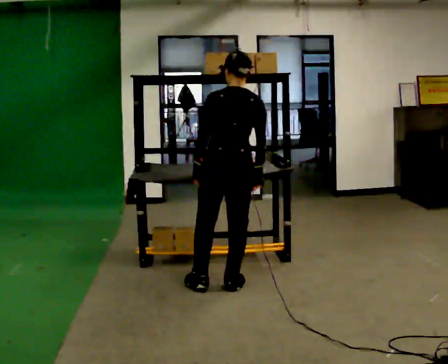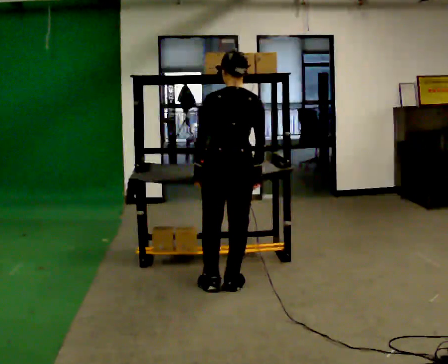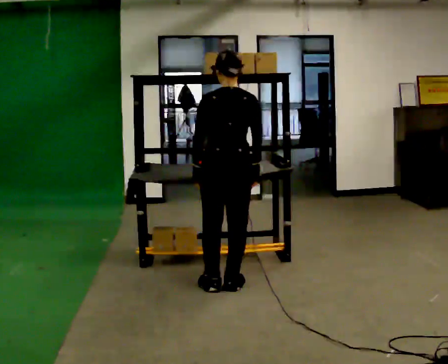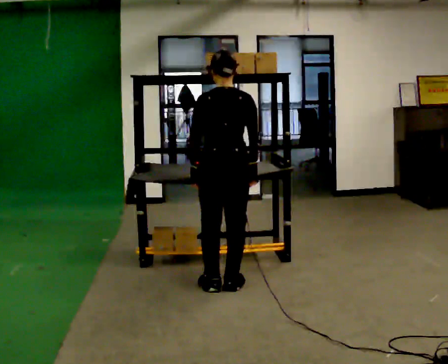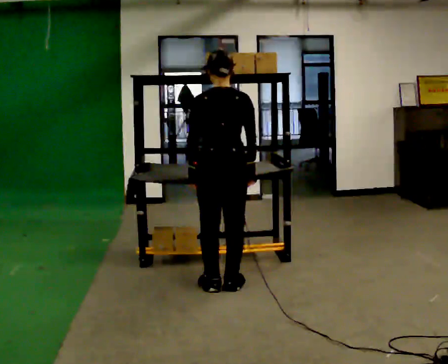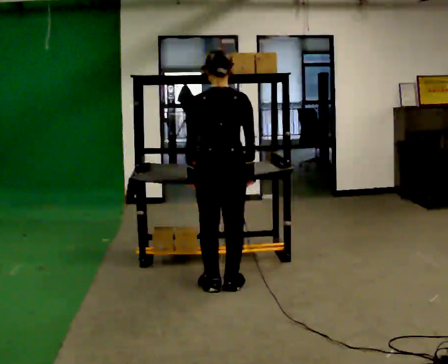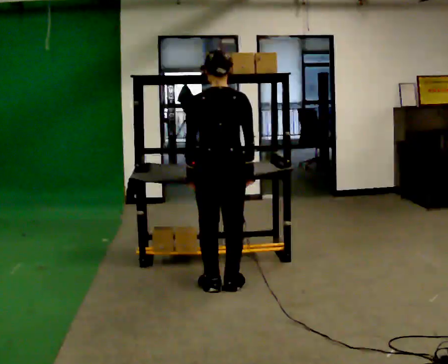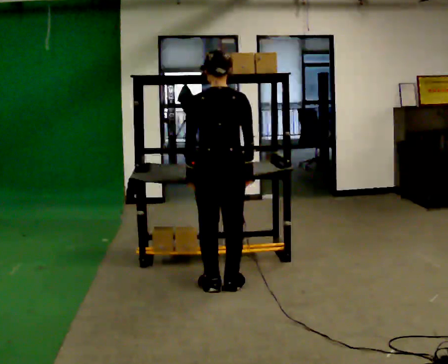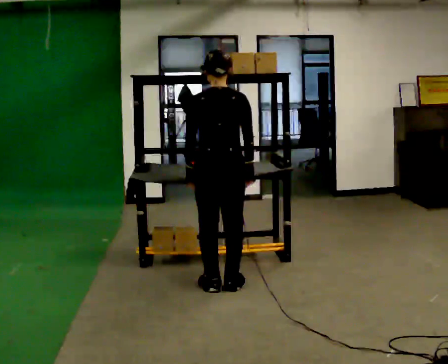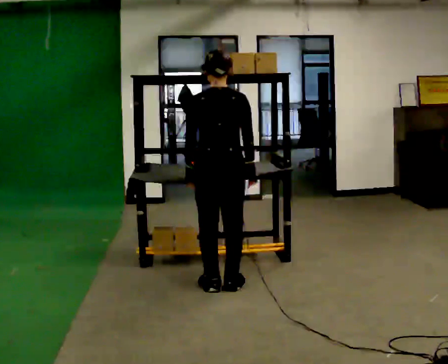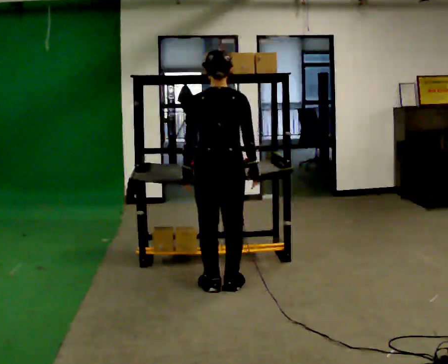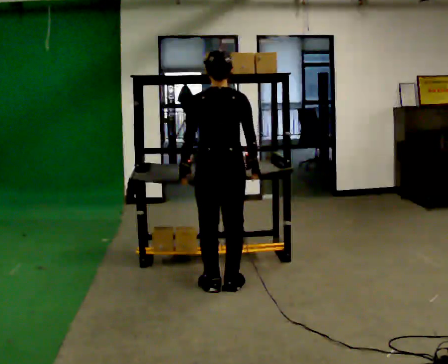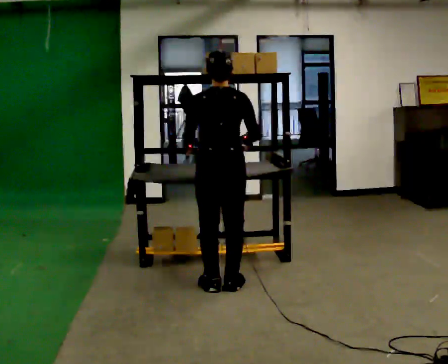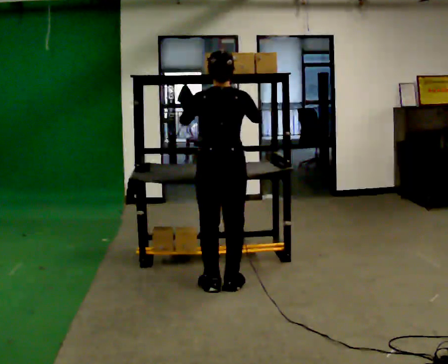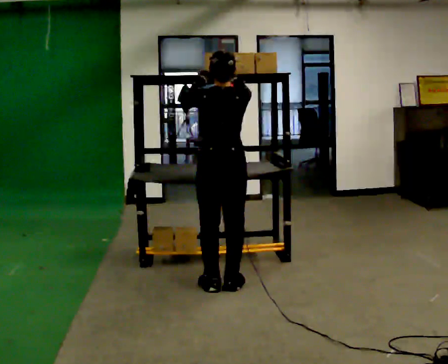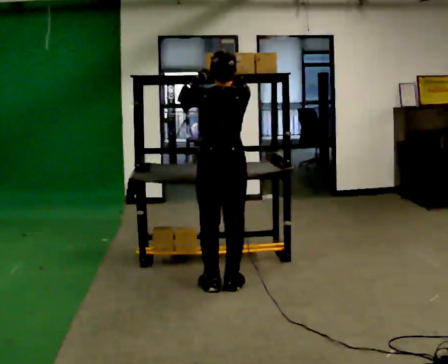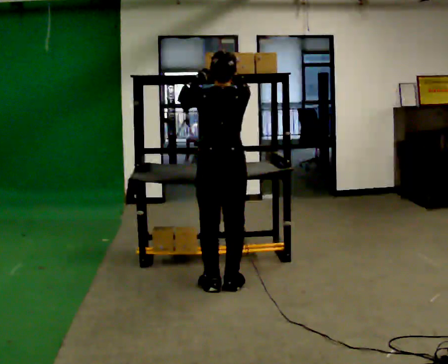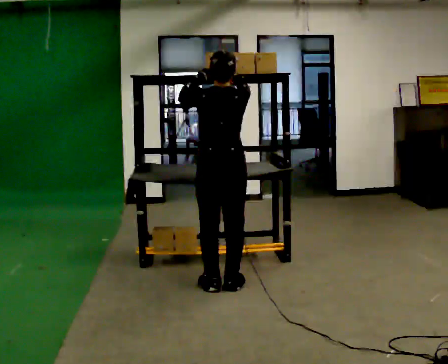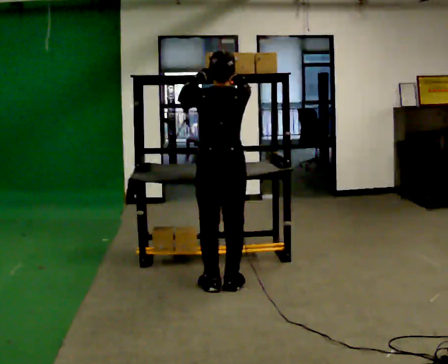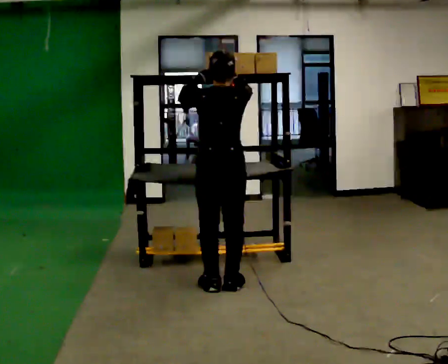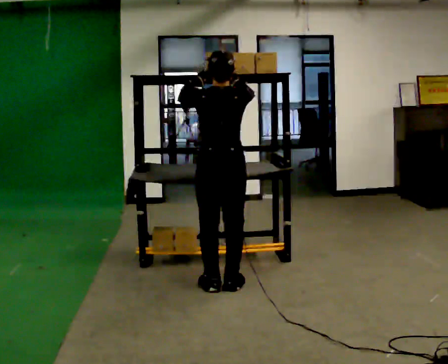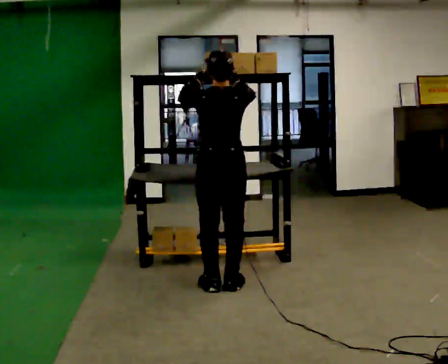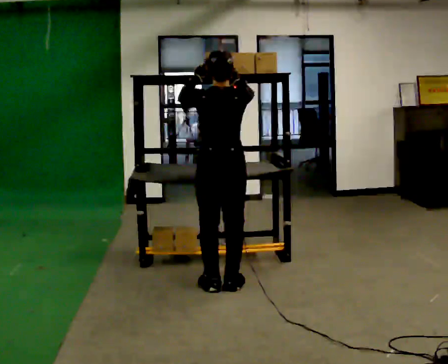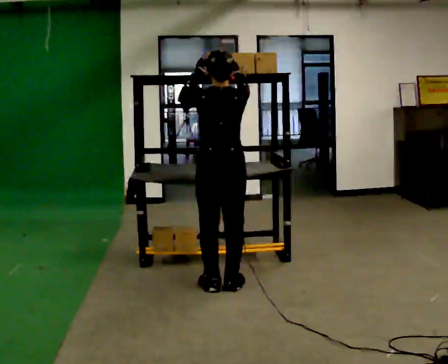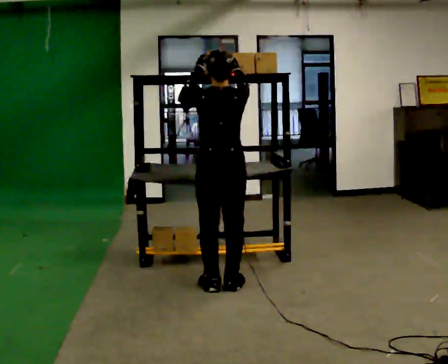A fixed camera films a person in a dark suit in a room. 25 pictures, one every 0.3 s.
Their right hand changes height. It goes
upward.
Their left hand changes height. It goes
upward.
0.0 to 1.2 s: The person moves a little, or ends about where they began.
1.2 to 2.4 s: The person keeps their place and pose.
2.4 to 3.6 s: The person moves a little, or ends about where they began.
3.6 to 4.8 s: In the picture their left hand goes upward.
4.8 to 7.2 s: The person moves a little, or ends about where they began.
The film runs backward here.
